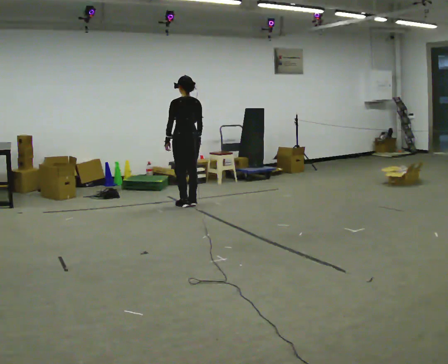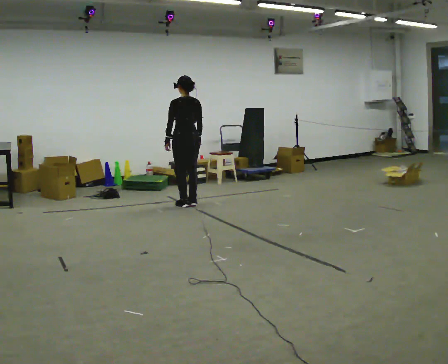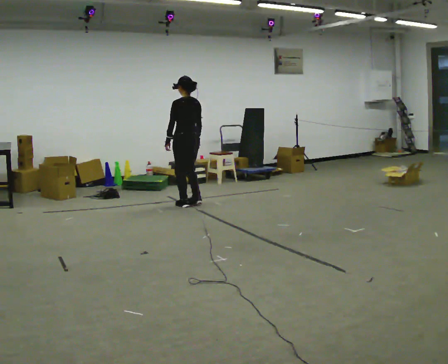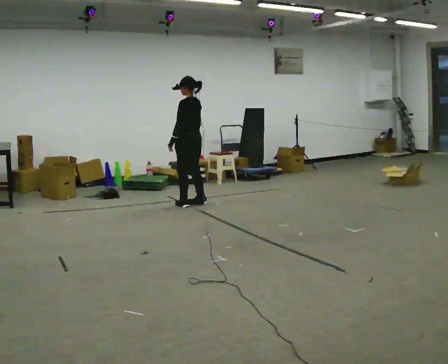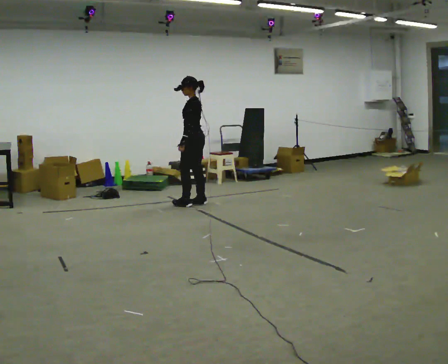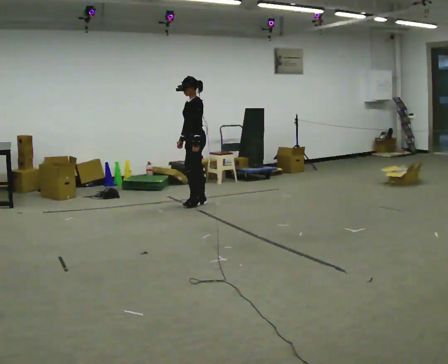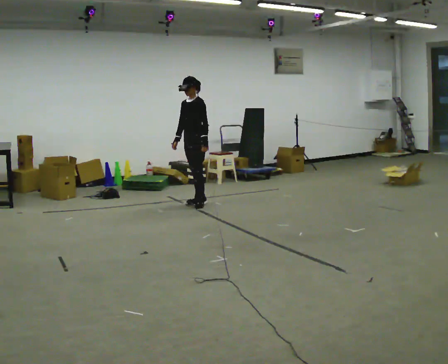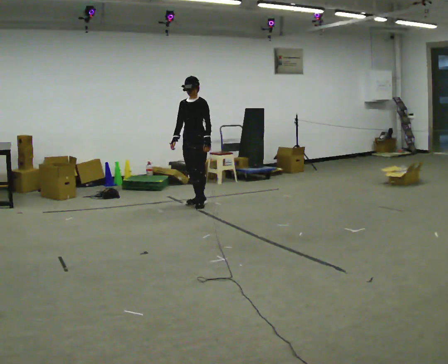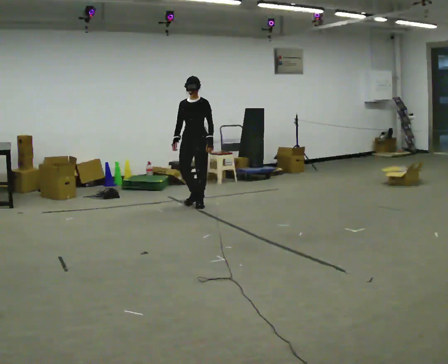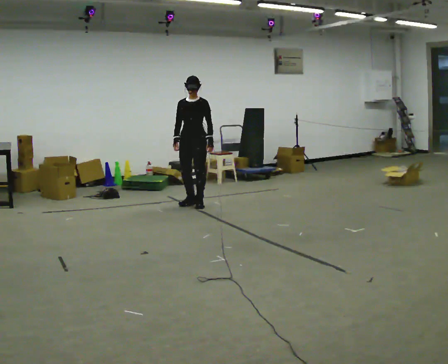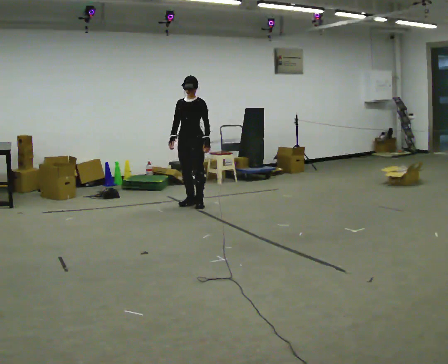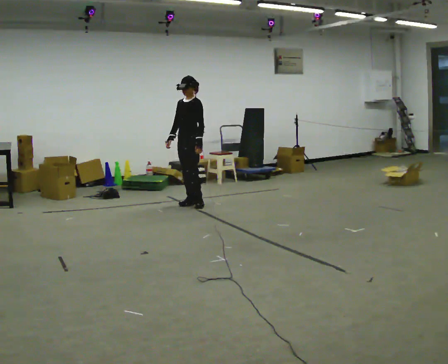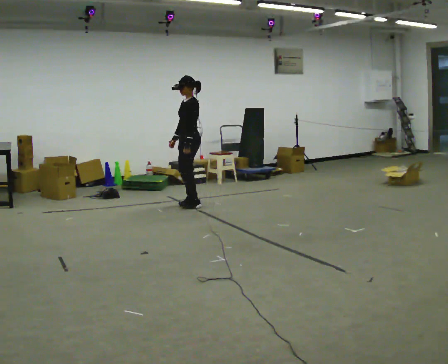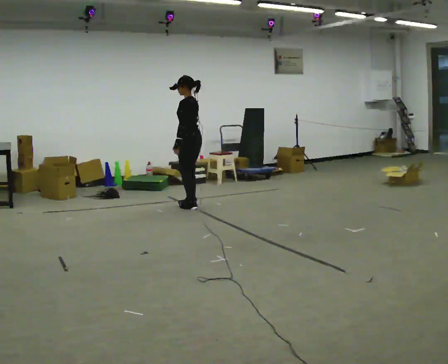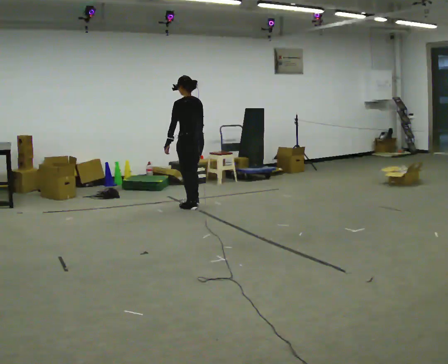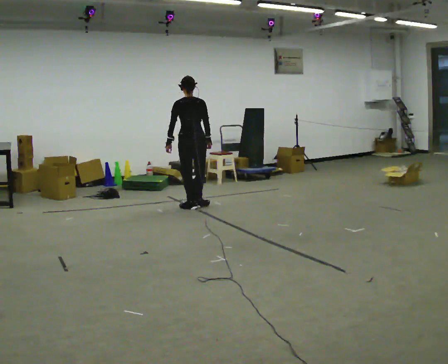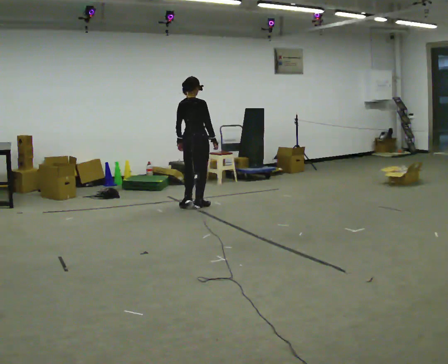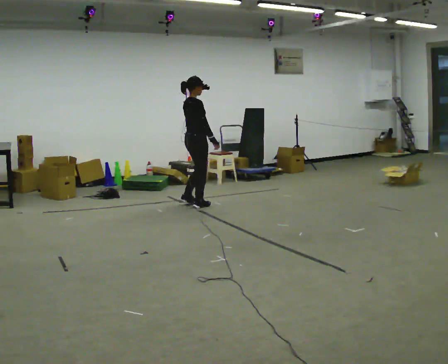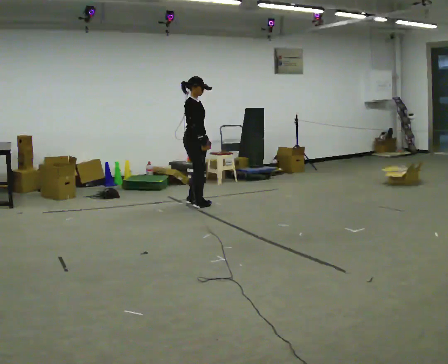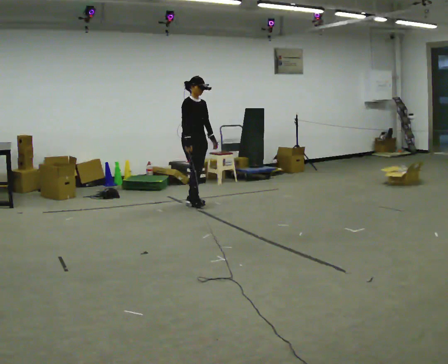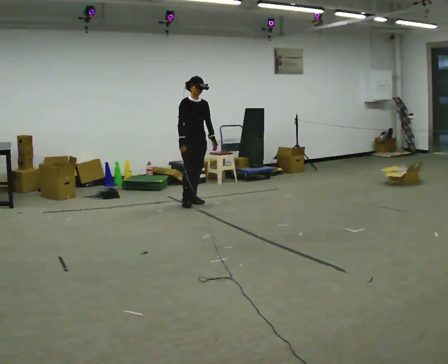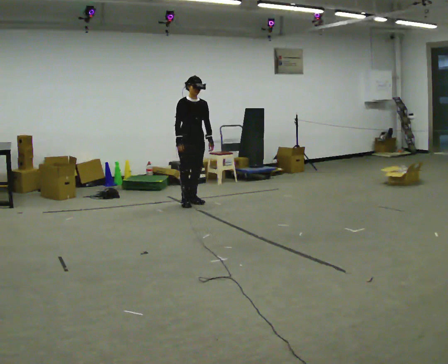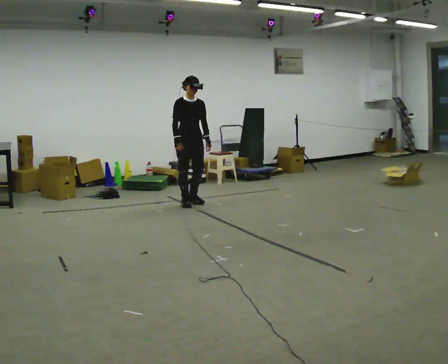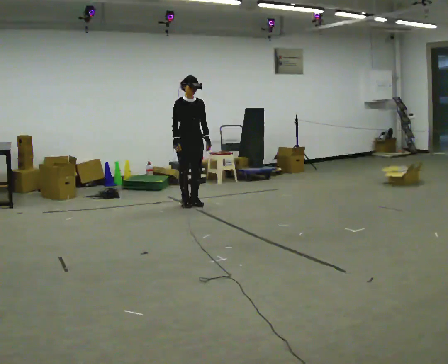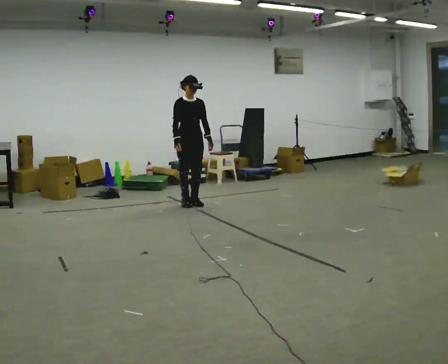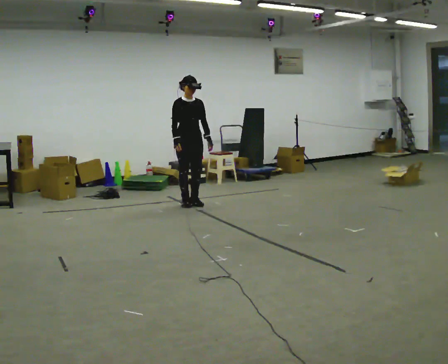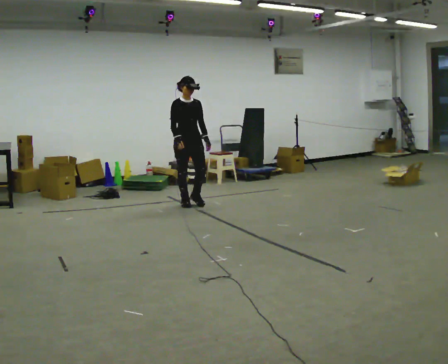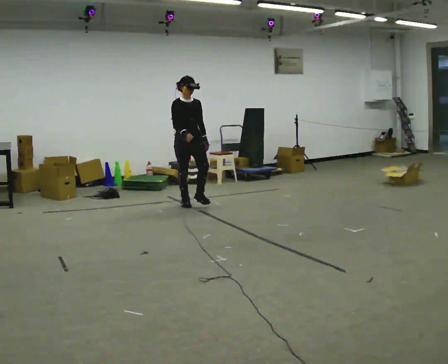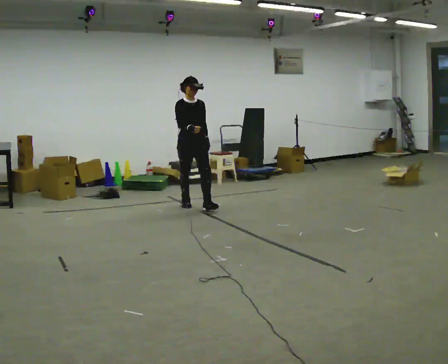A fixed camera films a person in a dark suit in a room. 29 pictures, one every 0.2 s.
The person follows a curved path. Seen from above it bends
clockwise.
0.0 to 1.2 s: Seen from above the body turns counterclockwise, about 105 degrees: to their left, with its near side sliding to the right. In the picture their left hand goes to the right.
1.2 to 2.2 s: The person moves a little, or ends about where they began.
2.2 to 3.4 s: The part of the body nearest the lens slides to the left as the person turns to their right by about 195 degrees. In the picture their right hand goes to the right, the arm swinging counterclockwise.
3.4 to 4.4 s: Seen from above the body turns clockwise, about 90 degrees: to their right, with its near side sliding to the left. In the picture their right hand goes to the left.
4.4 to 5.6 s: In the picture they go toward the camera, about 0.25 m in 1 step, which for them is forward.
The film runs forward here.
